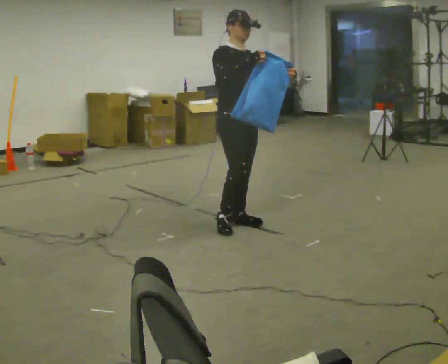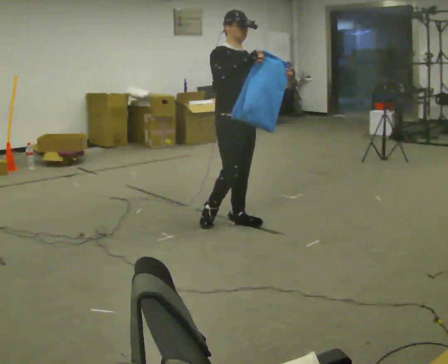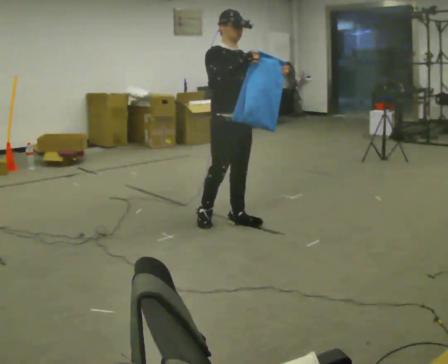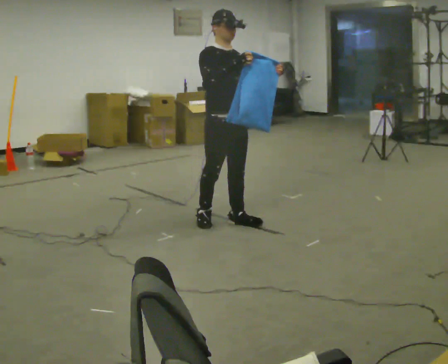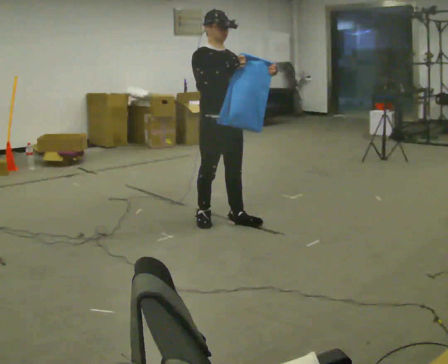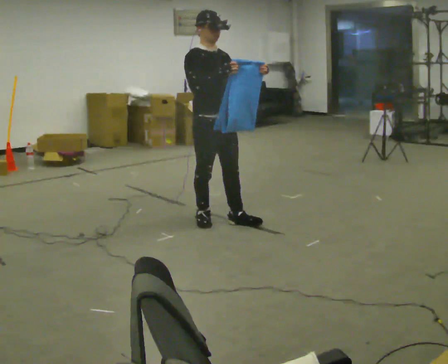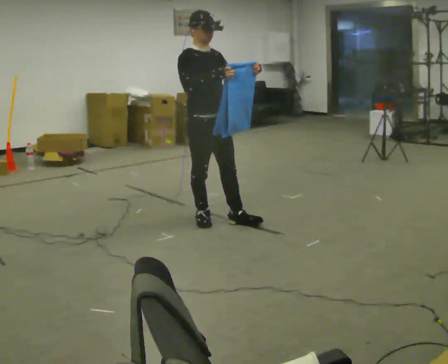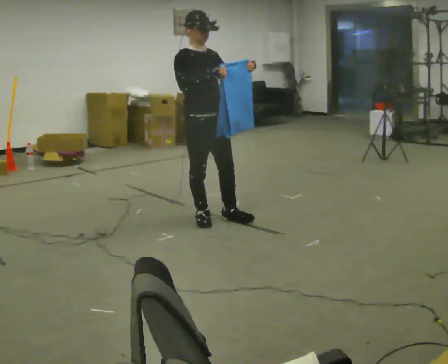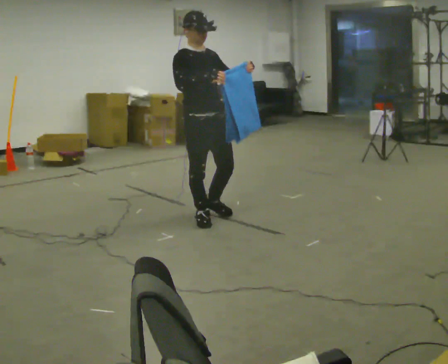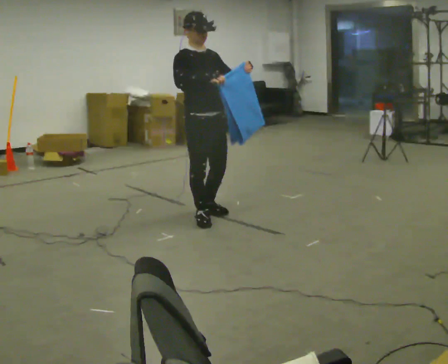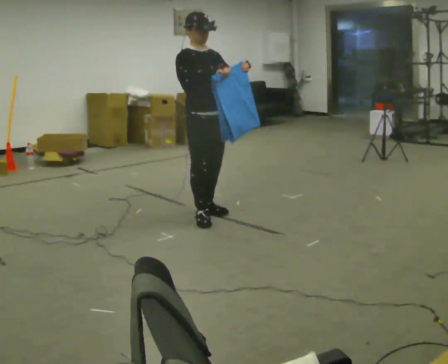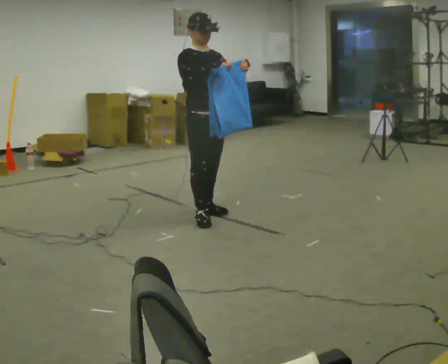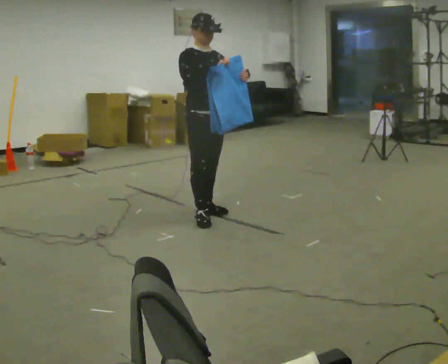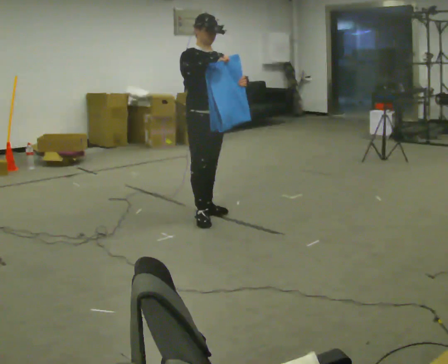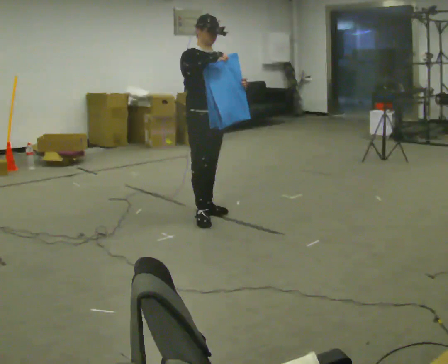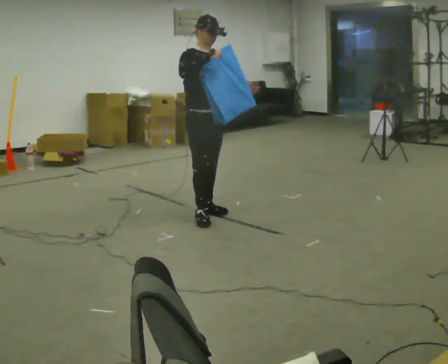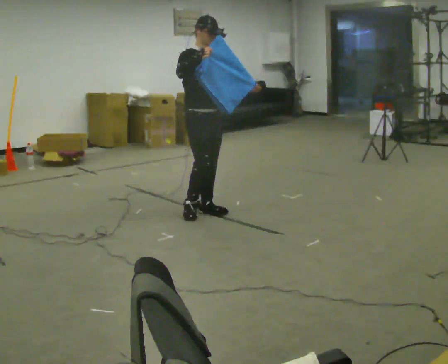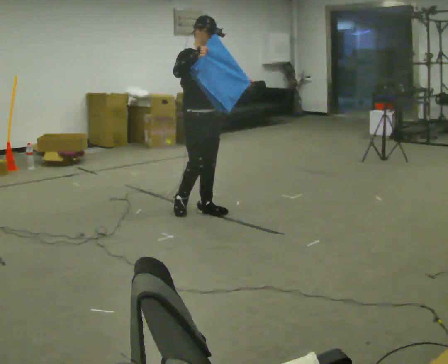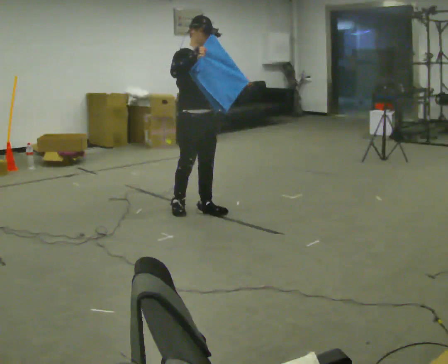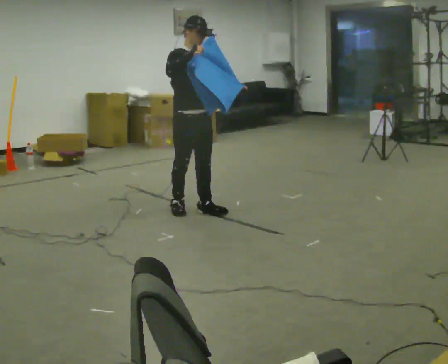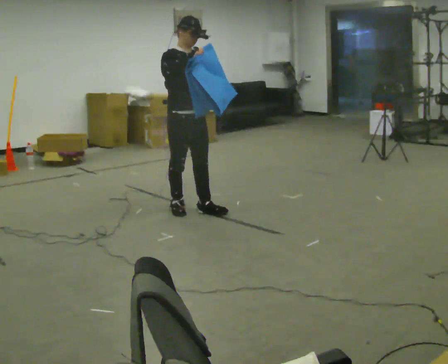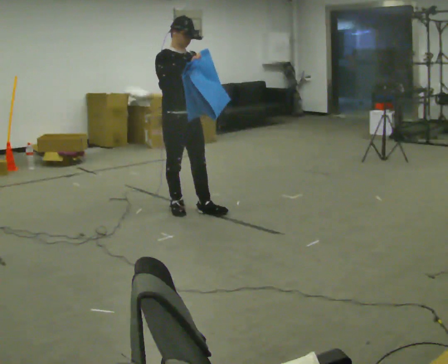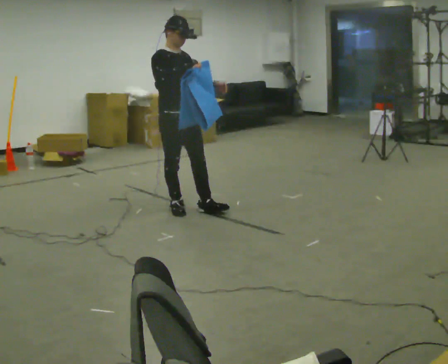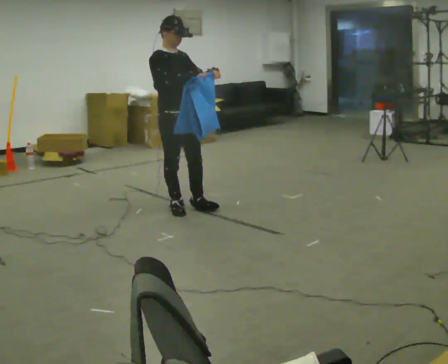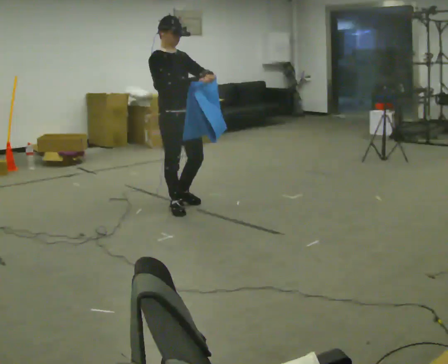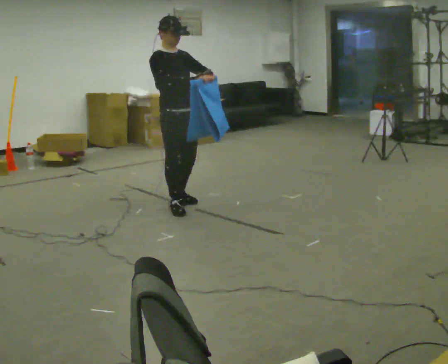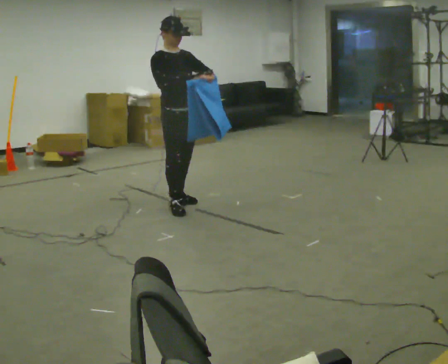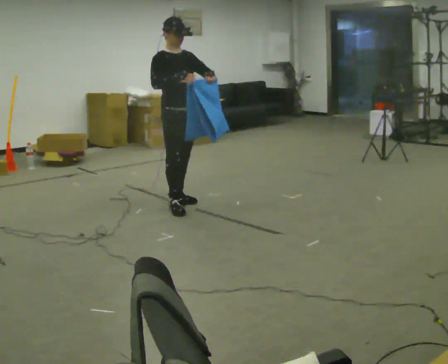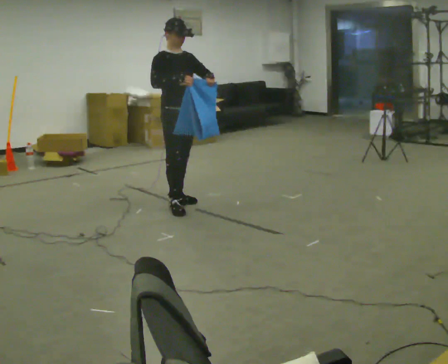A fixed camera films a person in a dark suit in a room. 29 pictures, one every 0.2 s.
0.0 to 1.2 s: In the picture they go to the left, about 0.25 m, which for them is backward and to their right.
1.2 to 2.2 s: The person moves a little, or ends about where they began.
2.2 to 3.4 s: In the picture they go away from the camera, about 0.25 m in 1 step, which for them is backward.
3.4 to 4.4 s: In the picture they go to the left, about 0.25 m, which for them is backward and to their right.
4.4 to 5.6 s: In the picture they go away from the camera, about 0.25 m in 1 step, which for them is to their left and backward.
The film runs backward here.
